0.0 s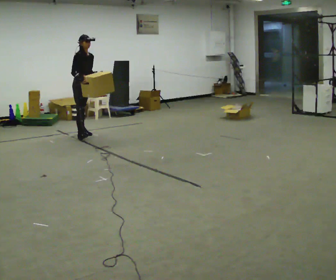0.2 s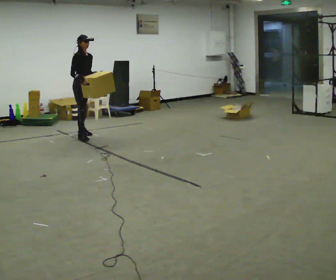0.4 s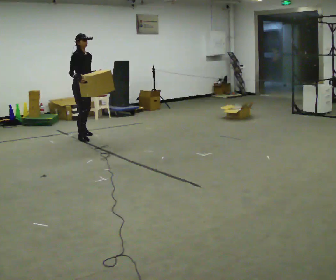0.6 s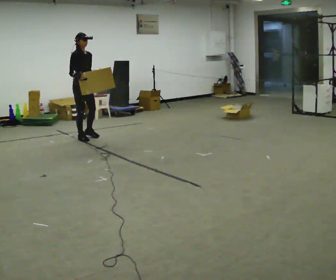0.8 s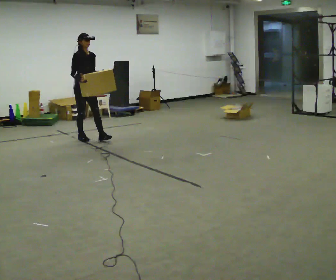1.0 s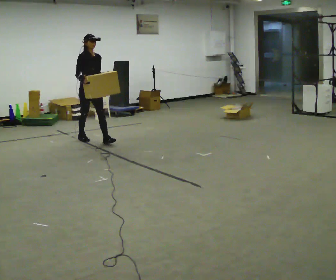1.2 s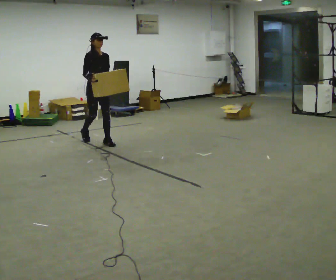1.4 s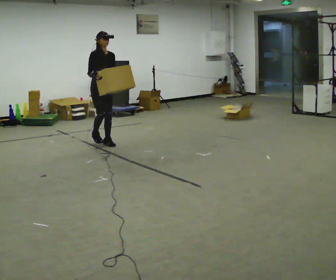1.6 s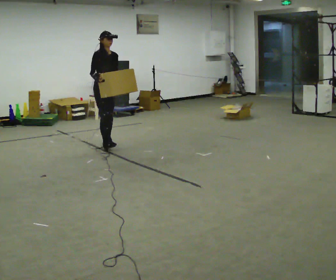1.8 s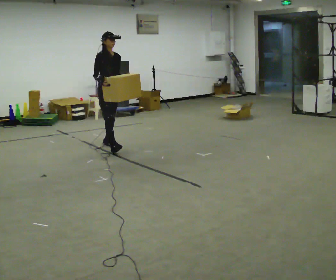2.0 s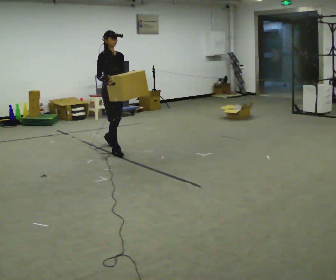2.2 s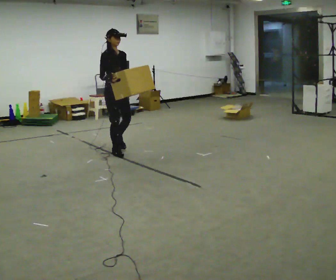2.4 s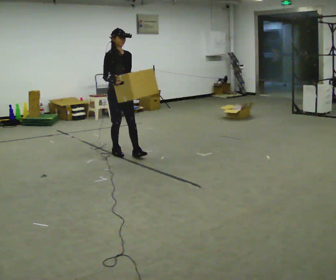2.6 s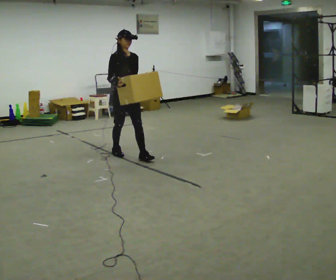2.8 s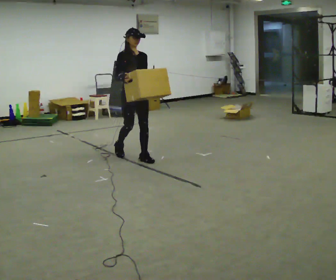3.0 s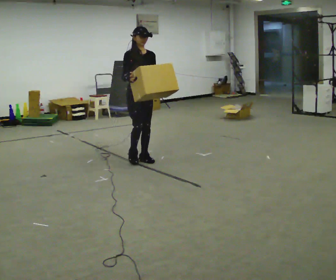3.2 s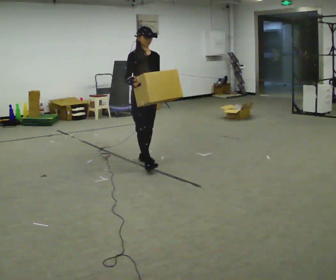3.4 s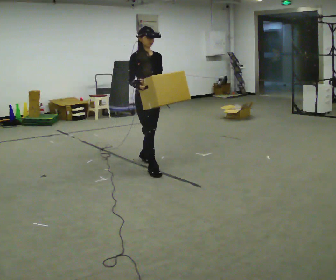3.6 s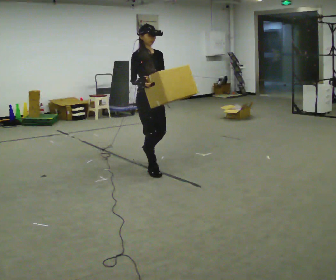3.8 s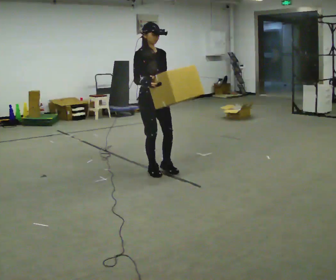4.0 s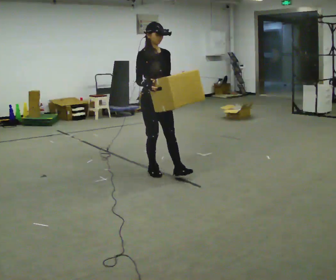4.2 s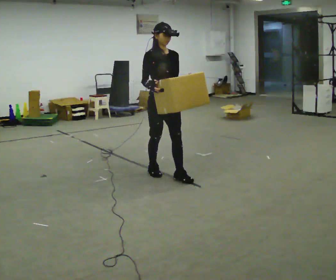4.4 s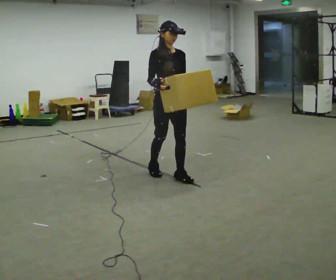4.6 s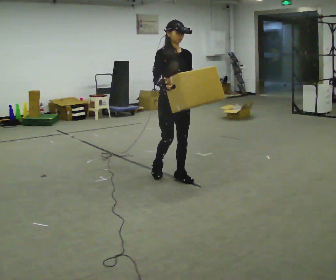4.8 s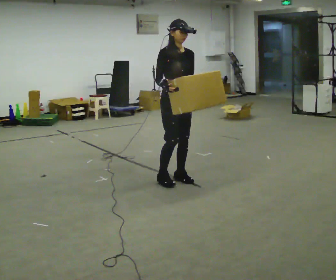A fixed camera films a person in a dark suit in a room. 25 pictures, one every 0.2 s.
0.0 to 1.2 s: Seen from above the body turns clockwise, about 30 degrees: to their right, with its near side sliding to the left. In the picture they go toward the camera and to the right, about 0.75 m in 1 step, which for them is forward.
1.2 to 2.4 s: In the picture they go toward the camera, about 0.5 m in 1 step, which for them is forward.
2.4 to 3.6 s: In the picture they go toward the camera, about 1 m in 2 steps, which for them is forward.
3.6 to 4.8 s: In the picture they go toward the camera and to the right, about 0.5 m in 1 step, which for them is forward.
The film runs forward here.
